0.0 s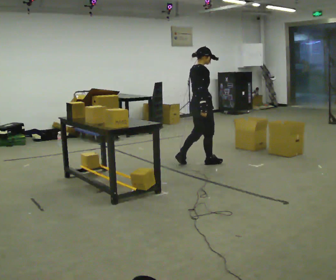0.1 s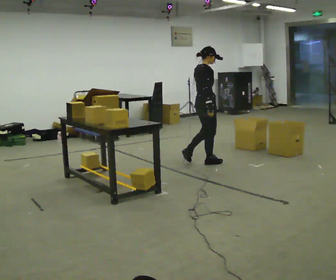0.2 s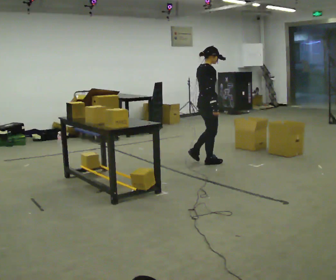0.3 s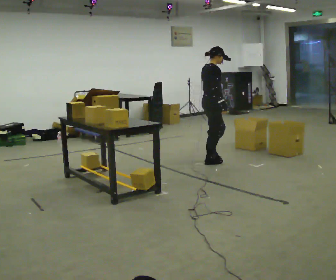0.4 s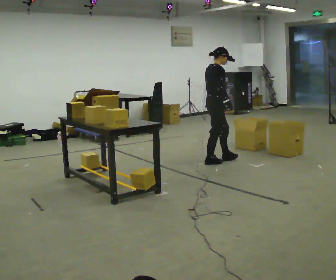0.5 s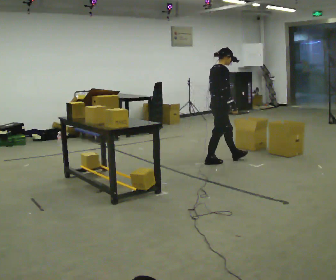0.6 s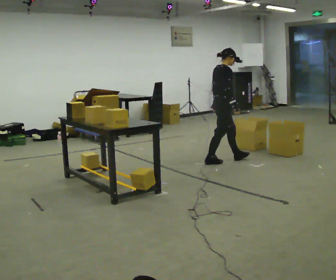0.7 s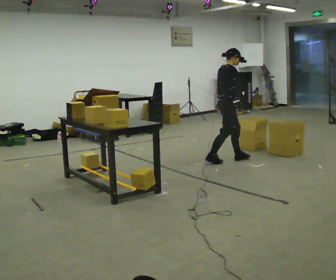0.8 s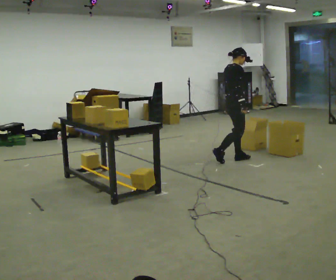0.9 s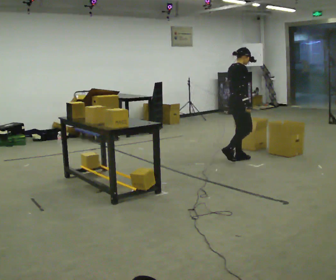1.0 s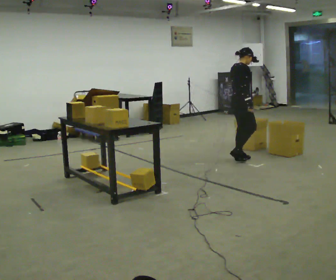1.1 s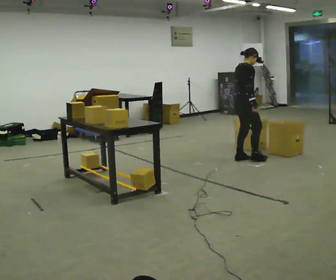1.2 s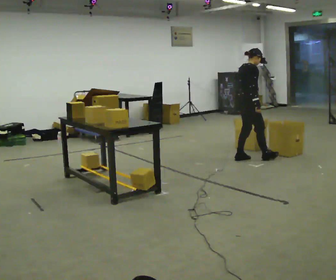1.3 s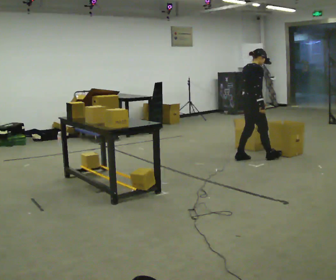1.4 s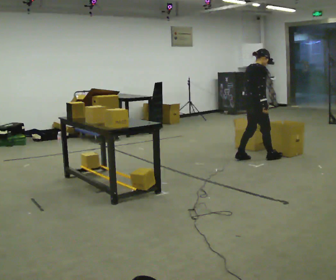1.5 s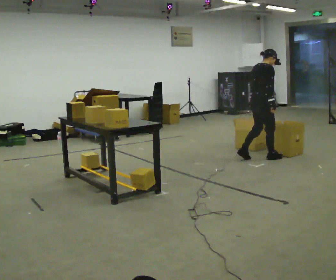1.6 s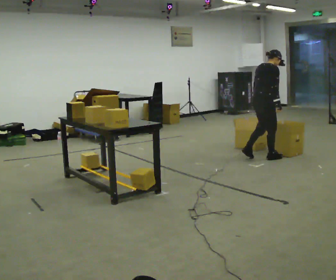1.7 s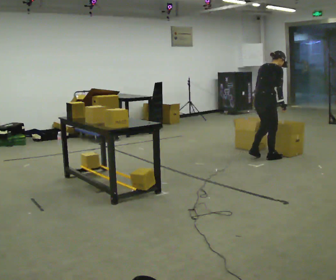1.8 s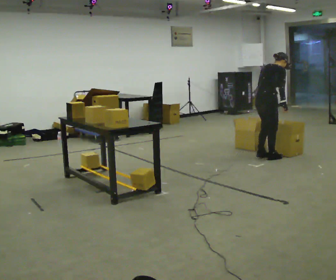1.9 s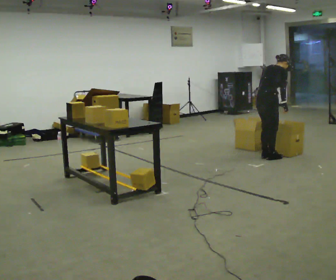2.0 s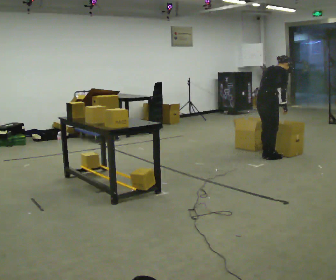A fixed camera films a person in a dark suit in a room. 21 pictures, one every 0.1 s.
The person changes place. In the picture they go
to the right.
The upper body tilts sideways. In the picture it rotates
clockwise.
0.0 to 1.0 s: In the picture they go to the right and away from the camera, about 0.5 m in 1 step, which for them is forward.
1.0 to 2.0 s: In the picture they go to the right, about 0.25 m in 2 steps, which for them is forward and to their right. In the picture the upper body tilts clockwise, shoulders to the right, as they bend forward.
The film runs forward here.
